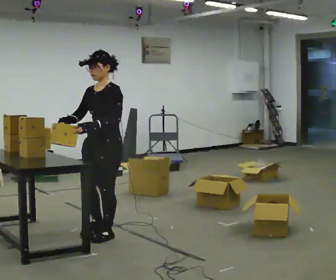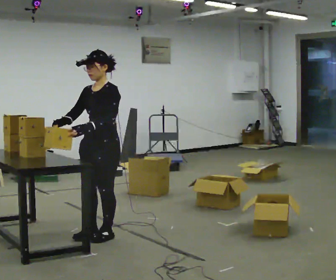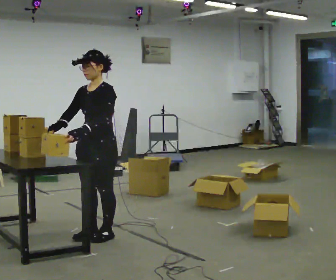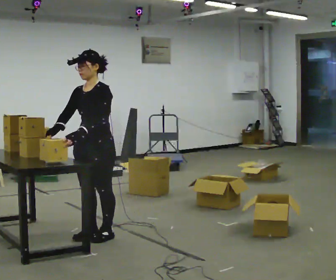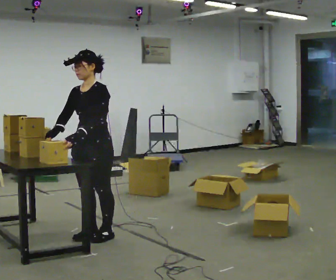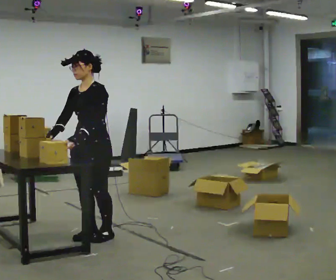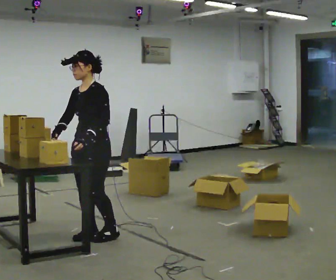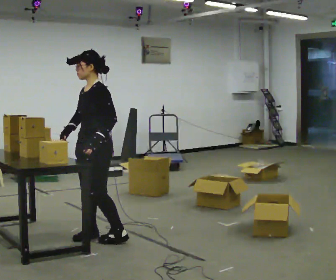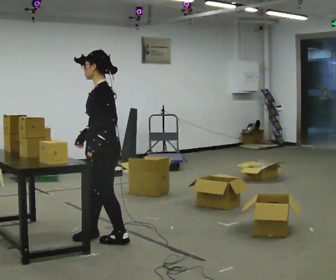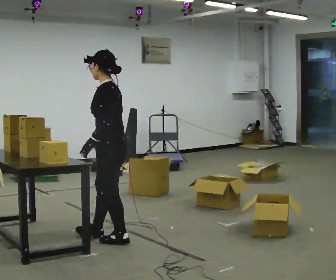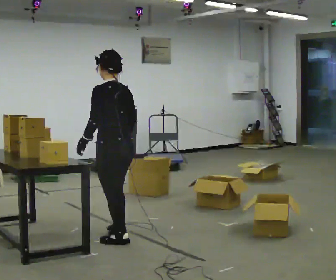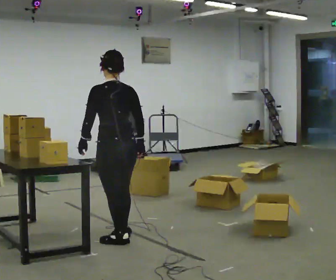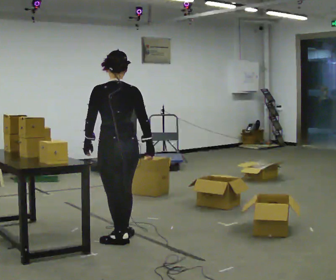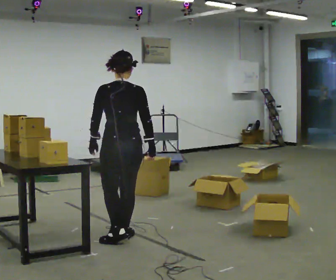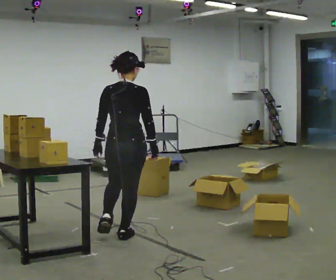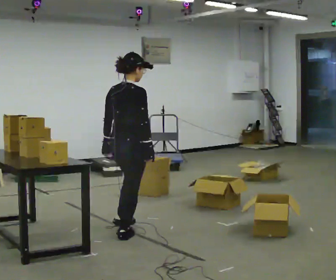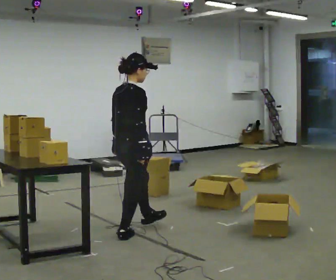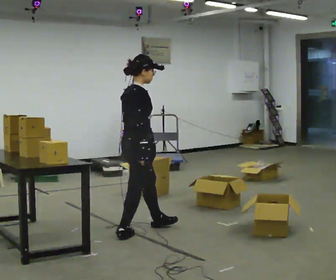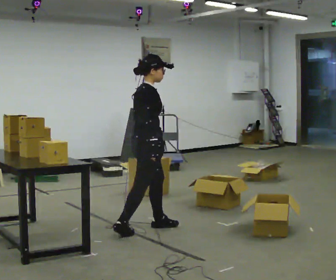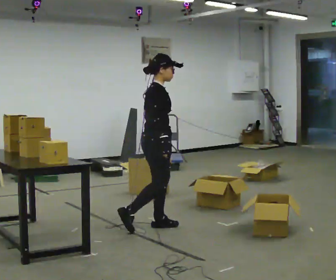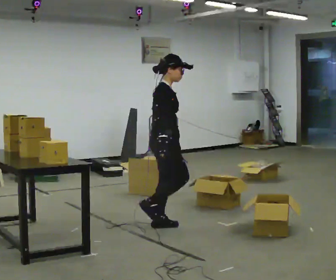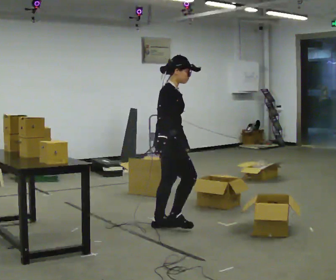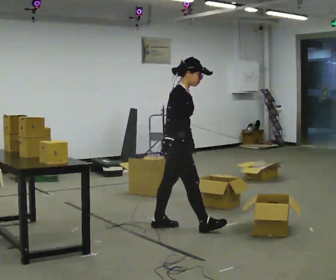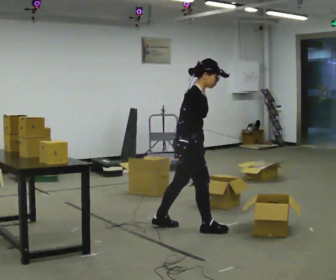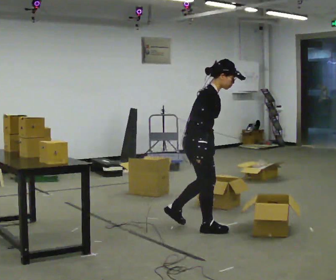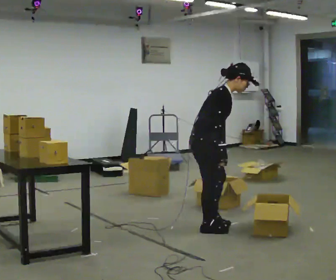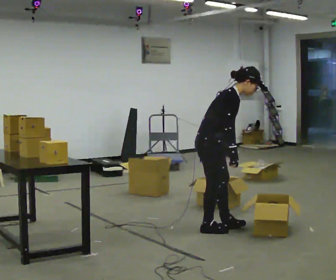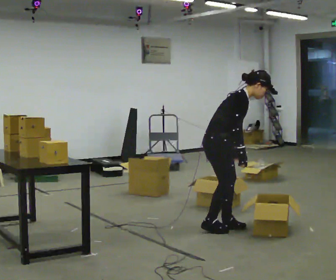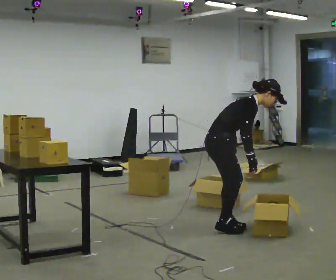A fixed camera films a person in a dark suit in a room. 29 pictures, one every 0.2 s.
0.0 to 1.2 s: The person moves a little, or ends about where they began.
1.2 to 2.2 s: Seen from above the body turns clockwise, about 105 degrees: to their right, with its near side sliding to the left. In the picture they go to the right, about 0.25 m in 2 steps. In the picture their right hand goes to the right, the arm swinging counterclockwise.
2.2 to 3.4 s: The person turns about 105 degrees to their right, clockwise seen from above, so the part of the body nearest the lens slides to the left. In the picture they go away from the camera and to the right, about 0.25 m in 1 step.
3.4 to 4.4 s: Seen from above the body turns clockwise, about 30 degrees: to their right, with its near side sliding to the left. In the picture they go to the right, about 0.25 m in 1 step, which for them is forward and to their left.
4.4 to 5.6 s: In the picture they go to the right, about 0.5 m in 1 step, which for them is forward. In the picture the upper body tilts clockwise, shoulders to the right, as they bend forward.
The film runs forward here.
